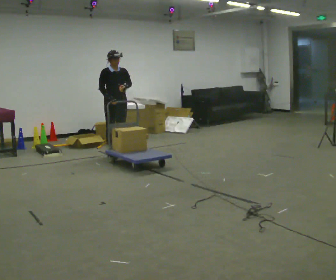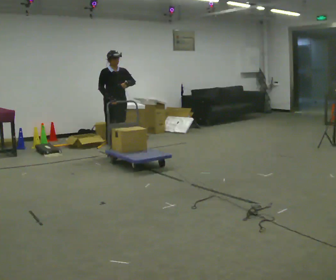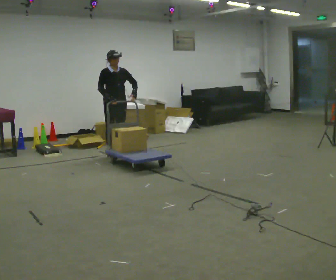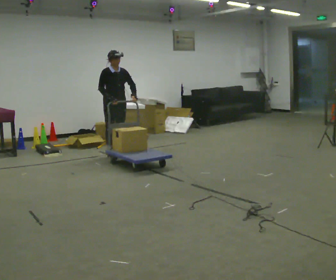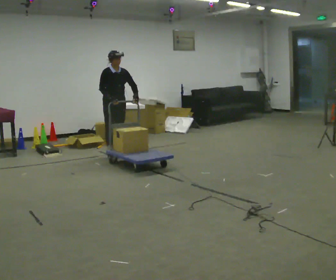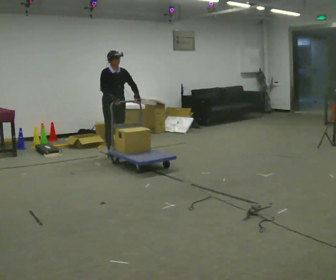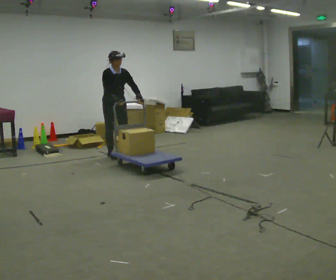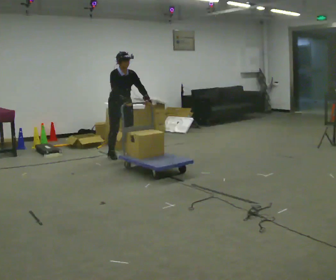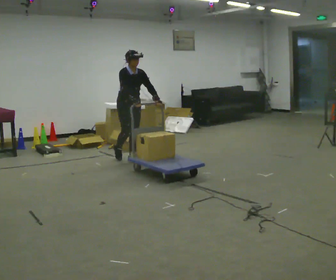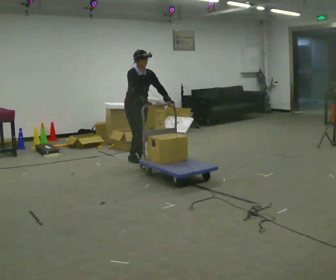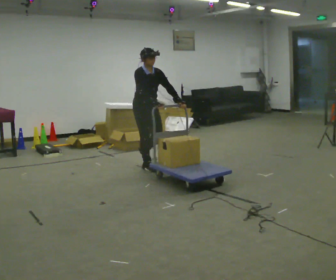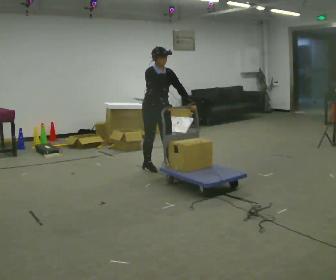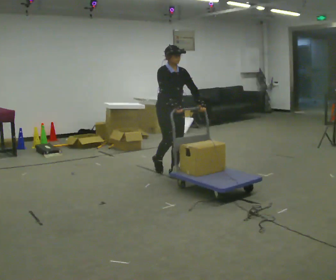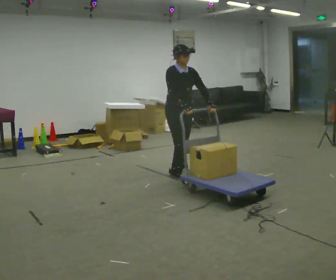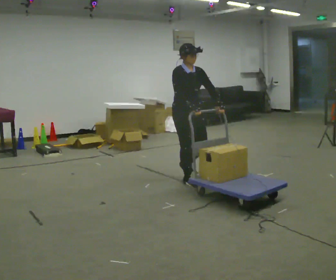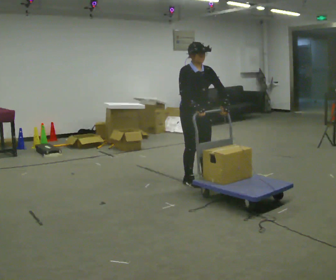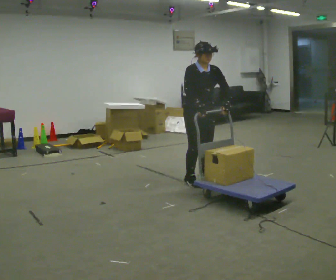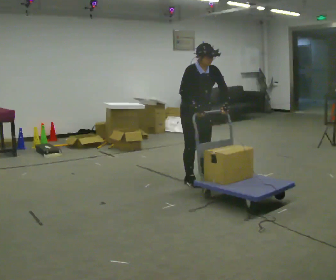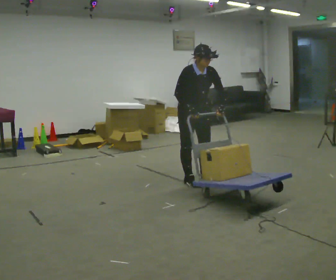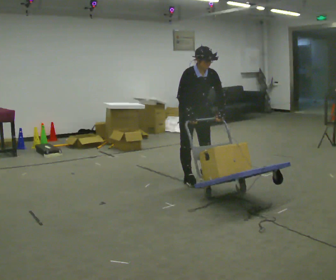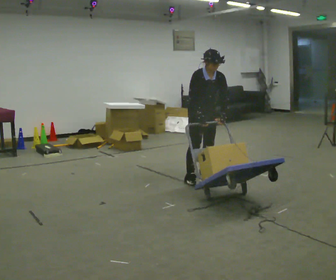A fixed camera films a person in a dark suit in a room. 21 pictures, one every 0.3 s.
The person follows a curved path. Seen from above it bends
counterclockwise.
0.0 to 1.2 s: The person moves a little, or ends about where they began.
1.2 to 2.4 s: In the picture they go toward the camera and to the right, about 0.5 m in 1 step, which for them is forward.
2.4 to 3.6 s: In the picture they go toward the camera and to the right, about 1 m in 2 steps, which for them is forward.
3.6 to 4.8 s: In the picture they go toward the camera and to the right, about 0.5 m in 2 steps, which for them is forward.
4.8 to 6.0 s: In the picture they go away from the camera, about 0.25 m in 1 step, which for them is backward and to their left. The upper body tips toward the camera, its near side rolling downward, as they bend forward.
The film runs forward here.
